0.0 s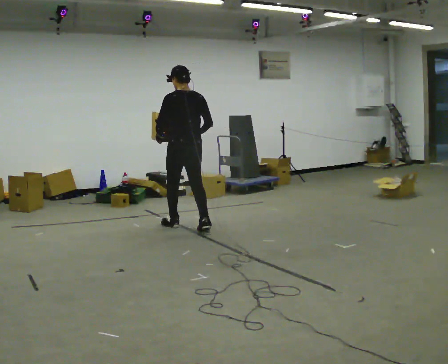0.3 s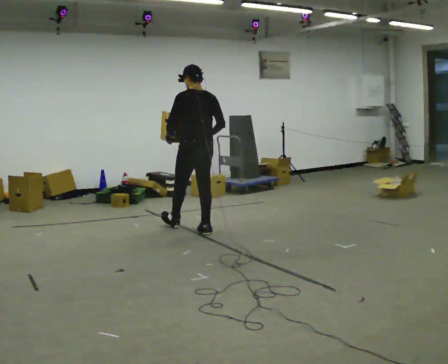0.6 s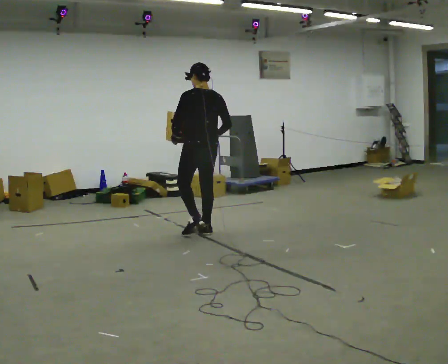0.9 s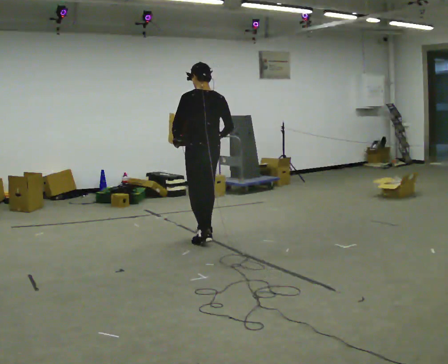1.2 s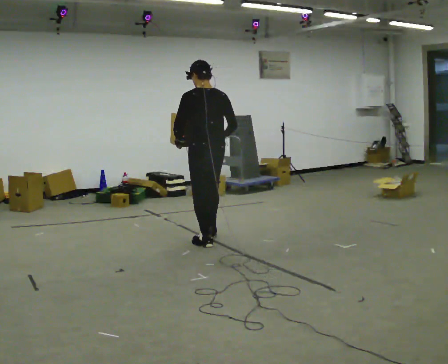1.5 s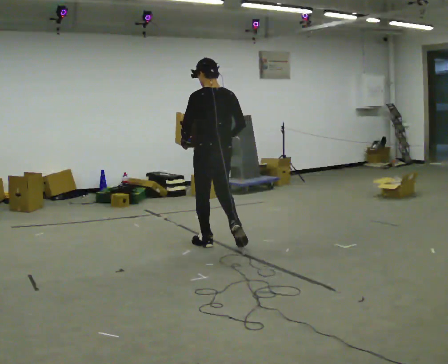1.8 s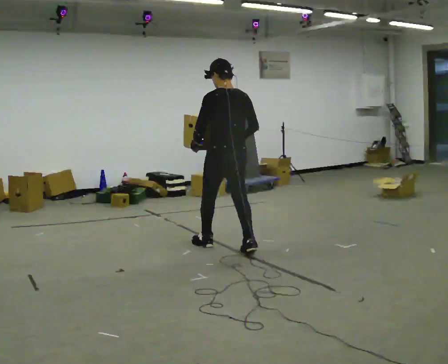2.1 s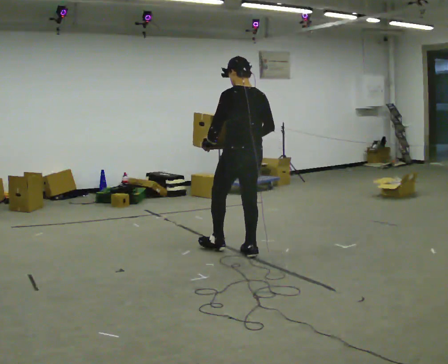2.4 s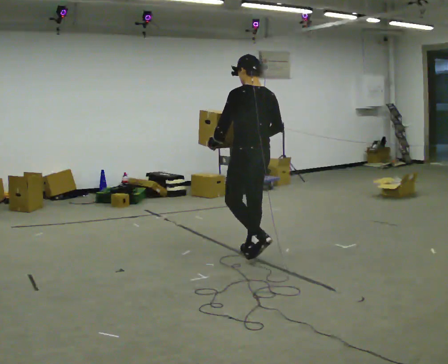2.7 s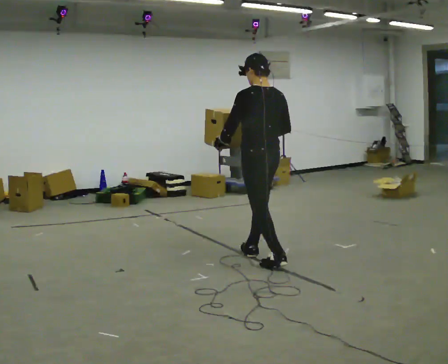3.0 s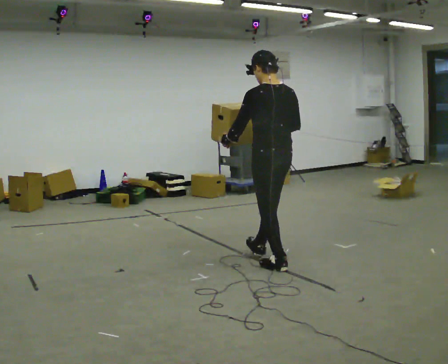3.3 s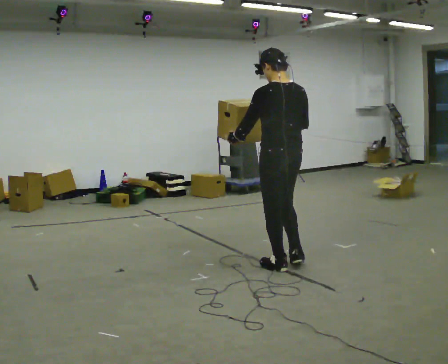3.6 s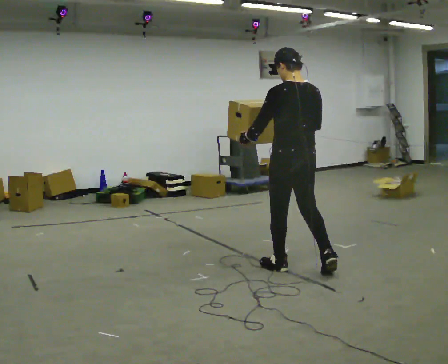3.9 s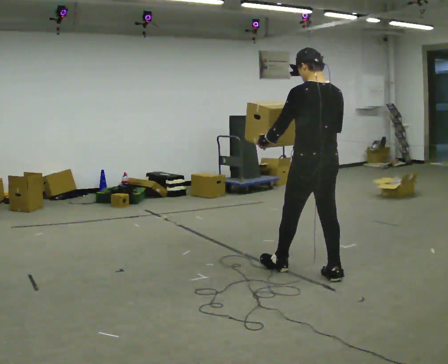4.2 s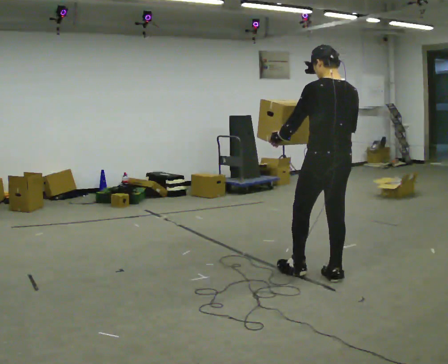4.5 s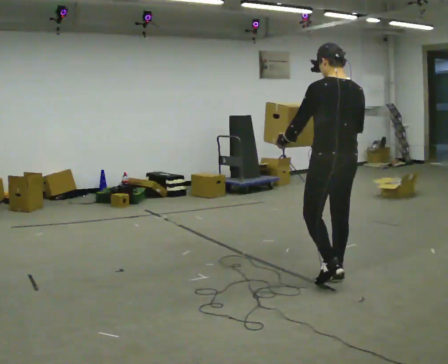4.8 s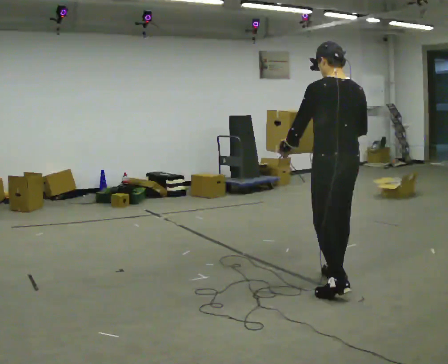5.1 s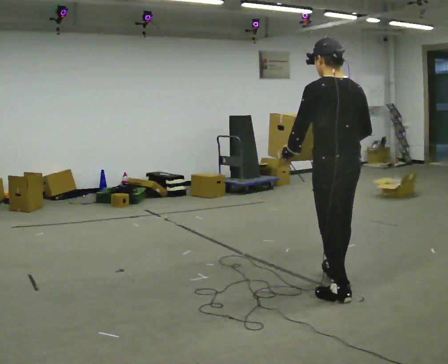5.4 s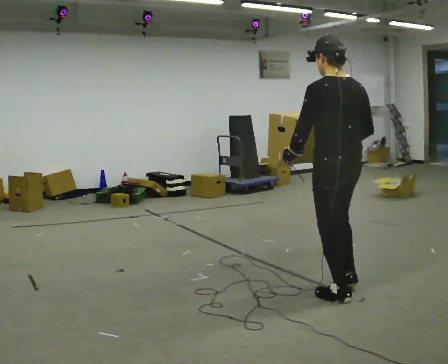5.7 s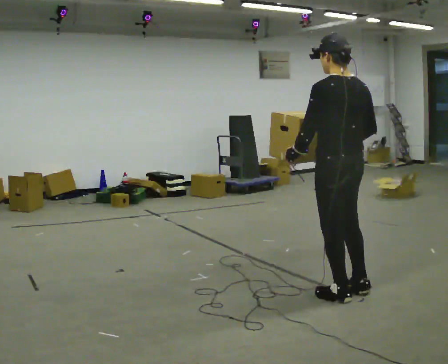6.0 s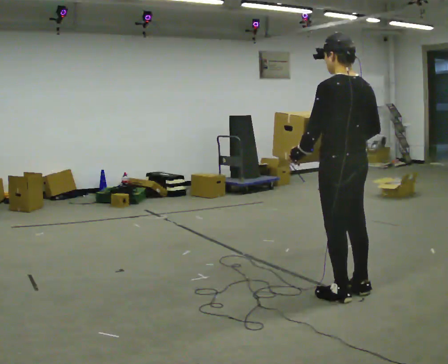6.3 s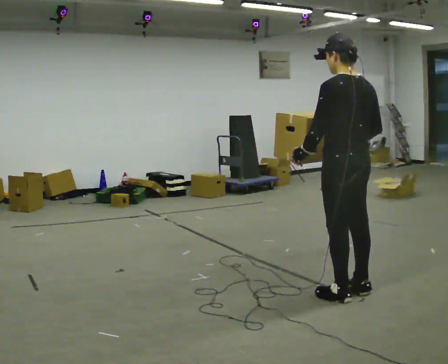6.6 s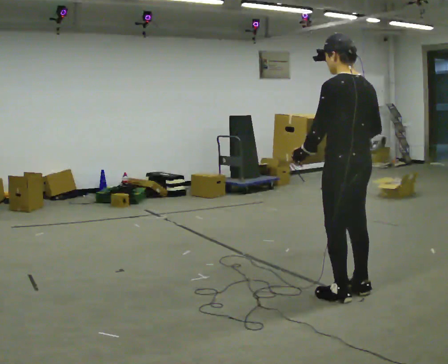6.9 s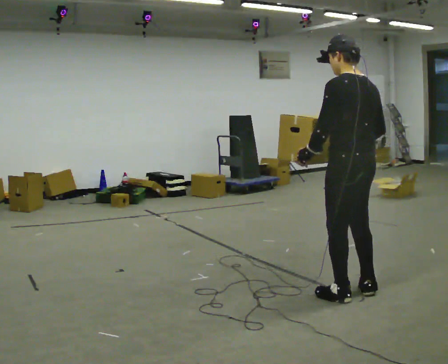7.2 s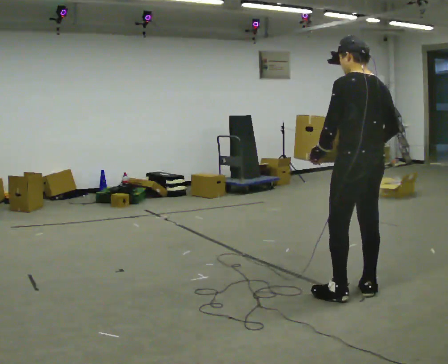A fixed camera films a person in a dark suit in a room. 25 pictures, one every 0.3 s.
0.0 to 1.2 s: In the picture they go toward the camera and to the right, about 0.75 m in 2 steps, which for them is backward.
1.2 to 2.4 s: In the picture they go to the right and toward the camera, about 0.5 m in 1 step, which for them is backward.
2.4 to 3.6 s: In the picture they go toward the camera and to the right, about 0.5 m in 1 step, which for them is backward.
3.6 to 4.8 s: In the picture they go toward the camera and to the right, about 0.5 m in 1 step, which for them is backward.
4.8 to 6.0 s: In the picture they go toward the camera, about 0.25 m in 1 step, which for them is backward.
6.0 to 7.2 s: The person moves a little, or ends about where they began.
The film runs backward here.
